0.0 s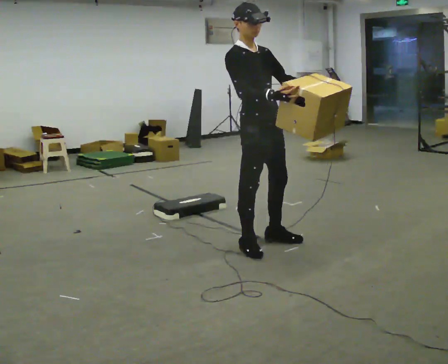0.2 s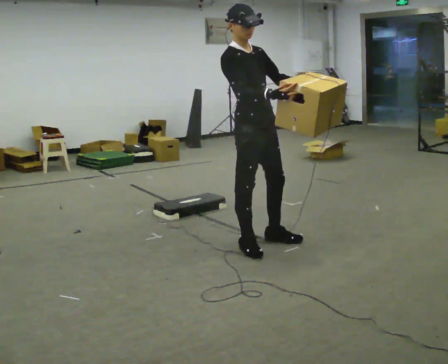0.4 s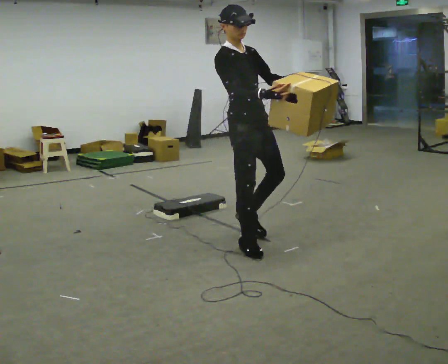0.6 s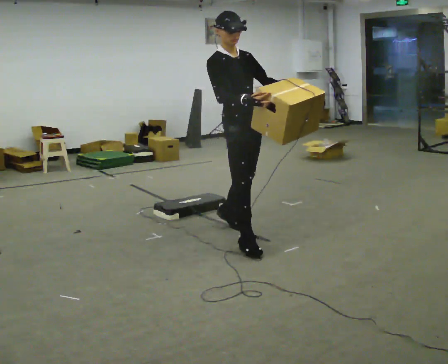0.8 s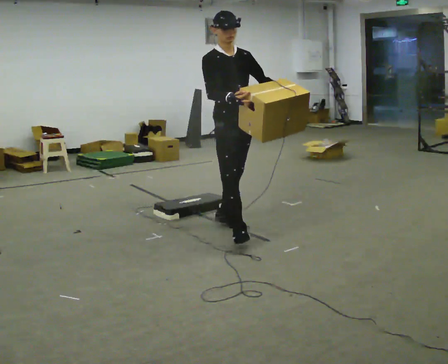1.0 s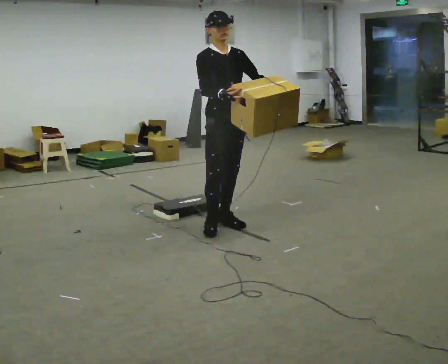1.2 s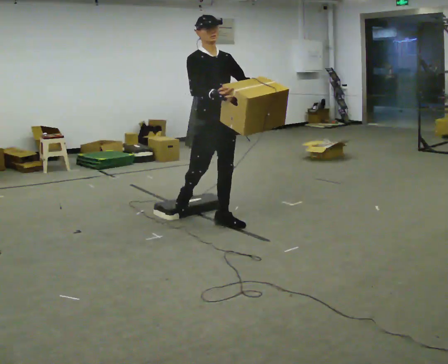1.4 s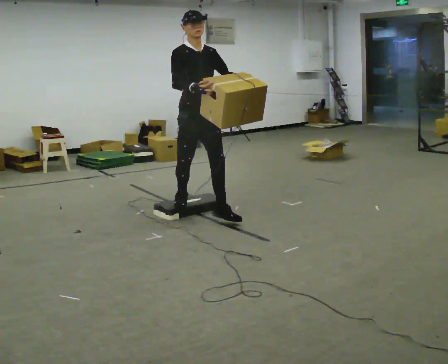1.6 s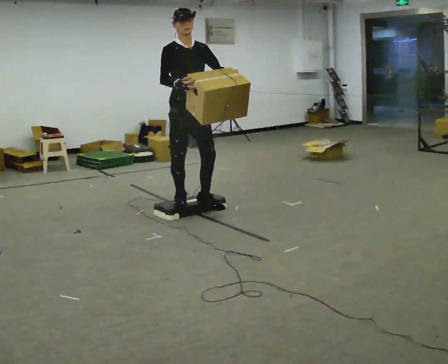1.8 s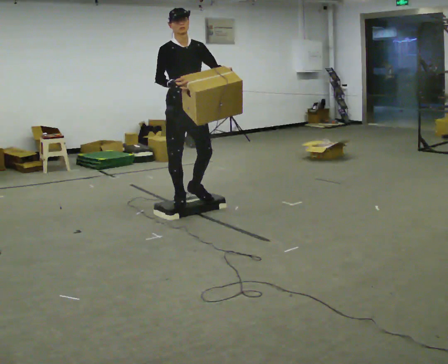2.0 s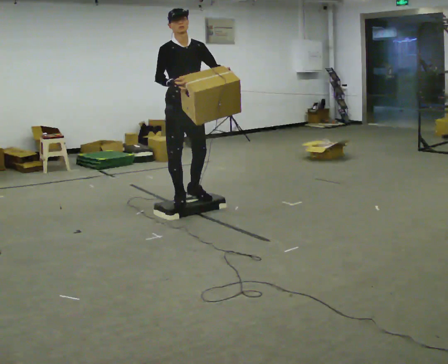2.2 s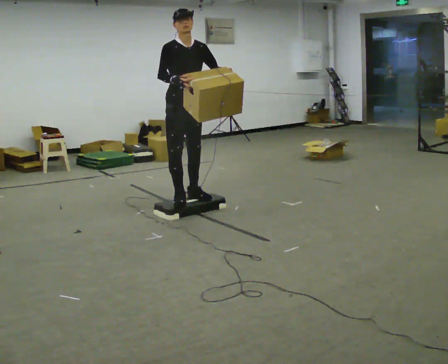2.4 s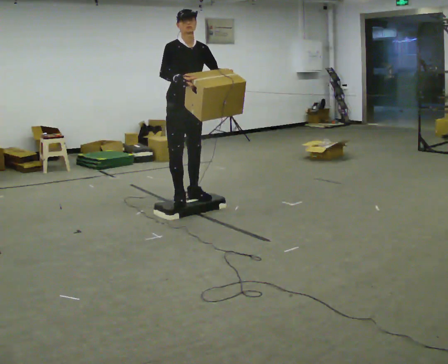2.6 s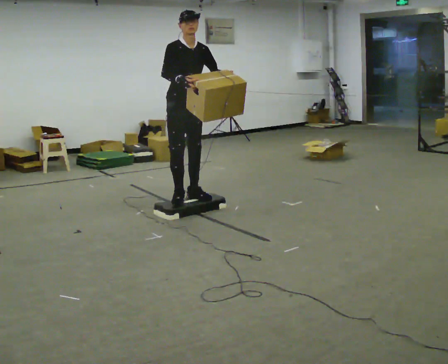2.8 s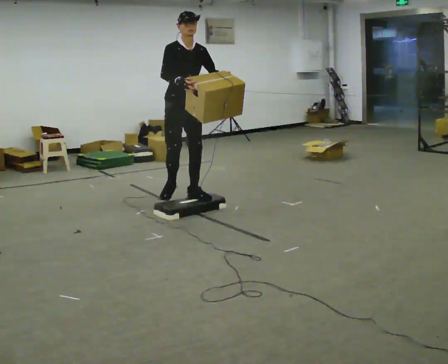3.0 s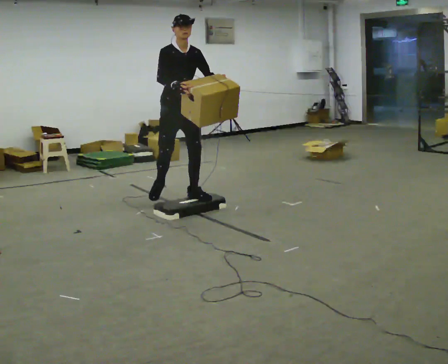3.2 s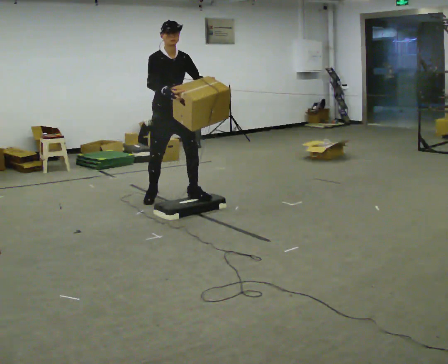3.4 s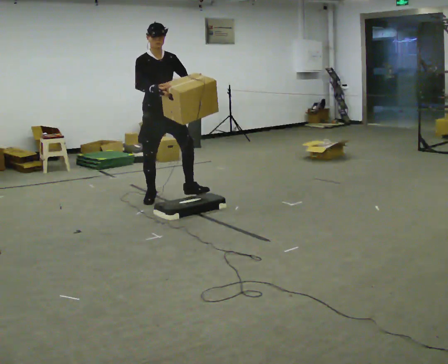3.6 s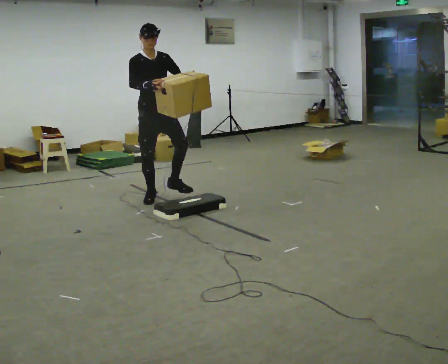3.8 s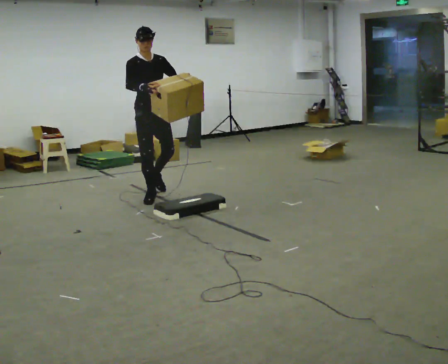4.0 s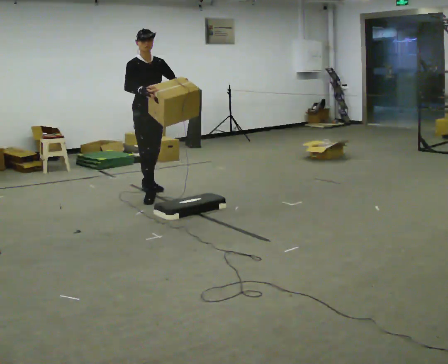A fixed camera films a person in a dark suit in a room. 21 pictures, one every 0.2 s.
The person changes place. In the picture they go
away from the camera.
0.0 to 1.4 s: In the picture they go away from the camera and to the left, about 1 m in 3 steps, which for them is backward.
1.4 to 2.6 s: In the picture they go away from the camera, about 0.5 m in 1 step, which for them is backward.
2.6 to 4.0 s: In the picture they go away from the camera and to the left, about 0.5 m in 1 step, which for them is backward.
The film runs backward here.
